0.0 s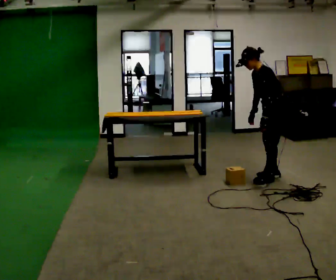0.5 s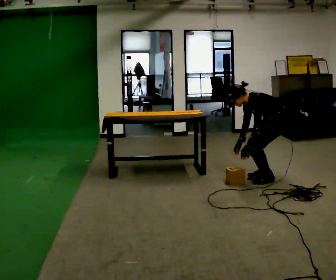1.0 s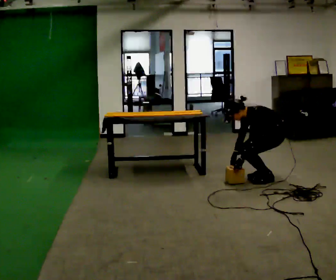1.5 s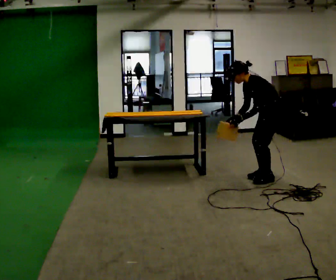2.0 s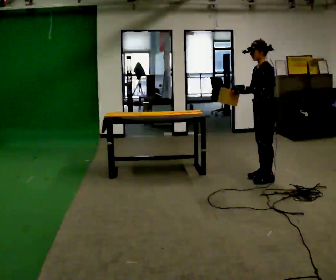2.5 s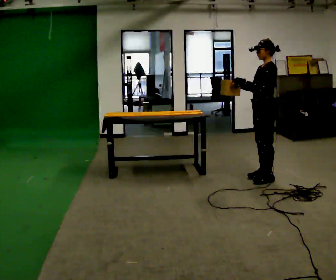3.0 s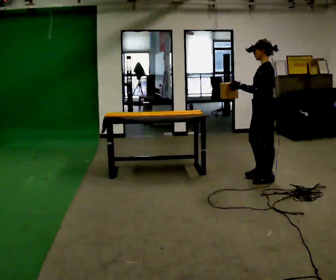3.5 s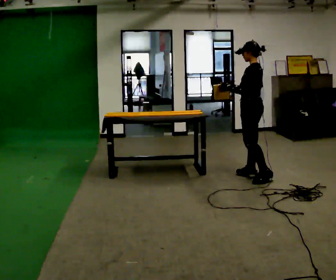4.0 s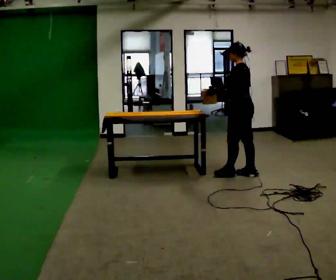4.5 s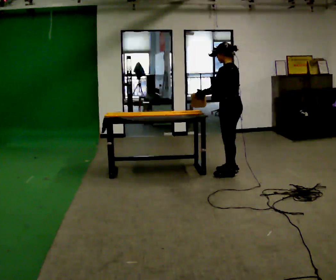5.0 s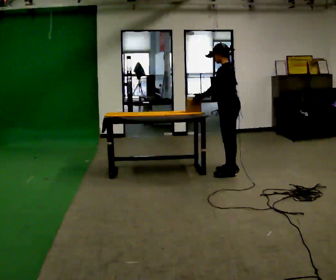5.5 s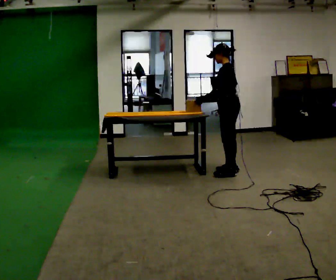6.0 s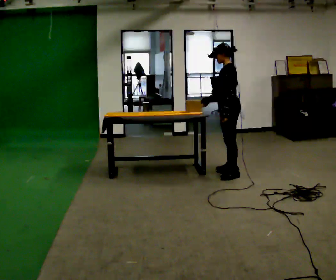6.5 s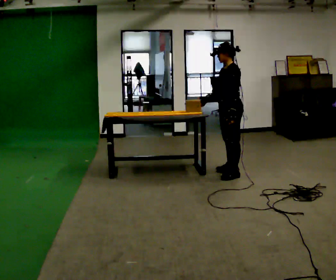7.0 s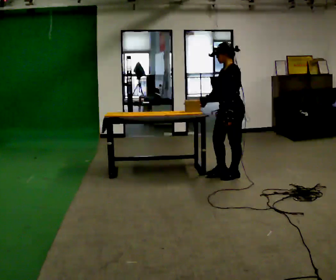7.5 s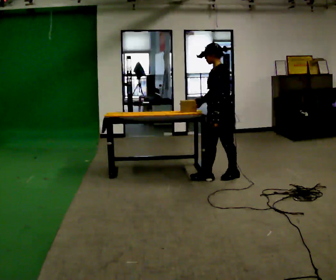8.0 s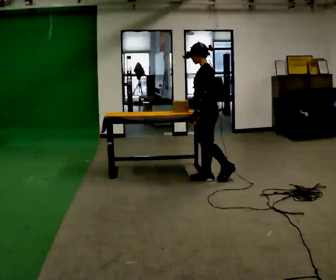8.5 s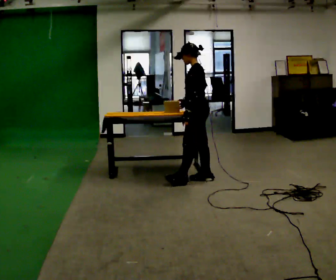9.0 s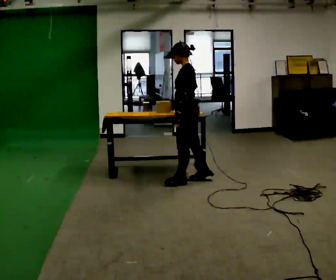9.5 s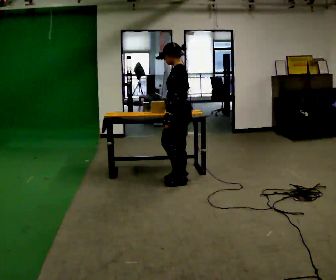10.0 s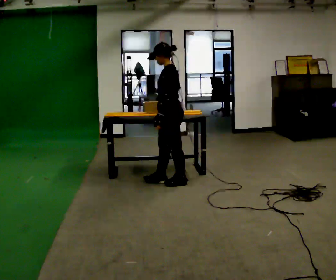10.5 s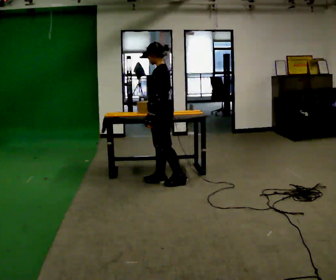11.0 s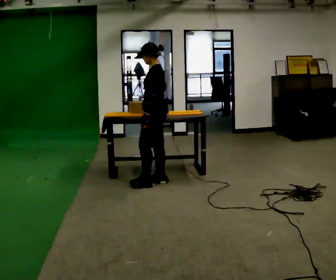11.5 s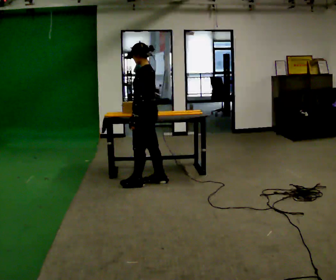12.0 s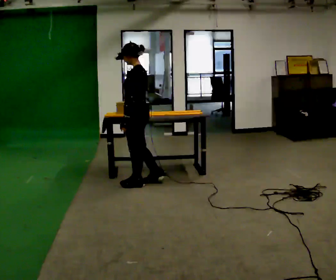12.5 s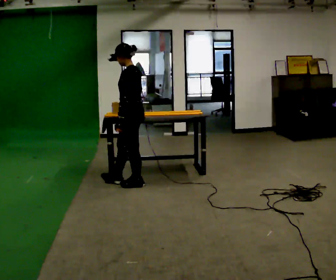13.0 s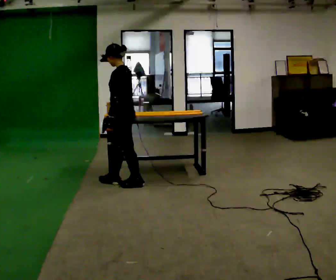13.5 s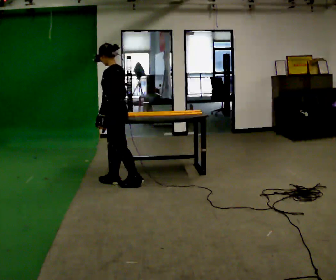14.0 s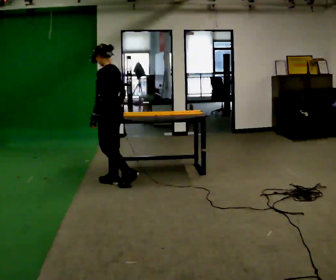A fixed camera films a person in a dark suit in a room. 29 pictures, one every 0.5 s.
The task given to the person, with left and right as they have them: Carry the object across the room and slide it into the slot on the shelf. It is a close fit, so take the time you need. Keep going until the operator says stop; one object at a time, and do not rush between trips.
0.0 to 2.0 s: In the picture their left hand goes upward, the arm swinging clockwise.
2.0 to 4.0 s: The part of the body nearest the lens slides to the left as the person turns to their right by about 30 degrees. In the picture they go to the left and away from the camera, about 0.25 m in 2 steps, which for them is forward and to their right.
4.0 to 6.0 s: The part of the body nearest the lens slides to the right as the person turns to their left by about 30 degrees. In the picture they go away from the camera and to the left, about 0.25 m in 1 step, which for them is forward and to their right.
6.0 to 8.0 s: In the picture they go toward the camera and to the left, about 0.5 m in 1 step, which for them is forward and to their left.
8.0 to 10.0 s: In the picture they go to the left and toward the camera, about 0.5 m in 2 steps, which for them is forward and to their left.
10.0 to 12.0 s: In the picture they go to the left, about 0.25 m in 1 step, which for them is forward.
12.0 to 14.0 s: In the picture they go to the left, about 0.25 m in 1 step, which for them is forward.
The film runs forward here.
